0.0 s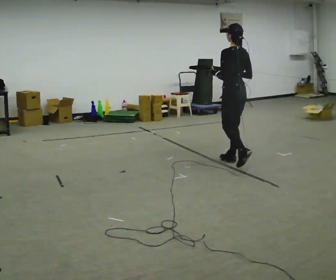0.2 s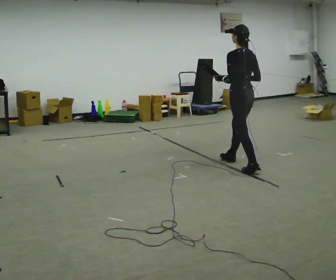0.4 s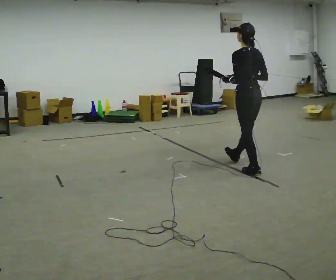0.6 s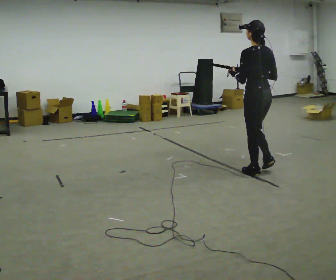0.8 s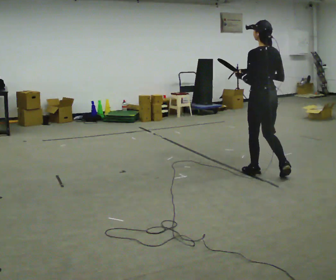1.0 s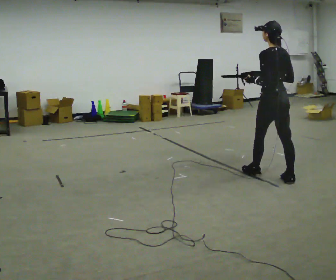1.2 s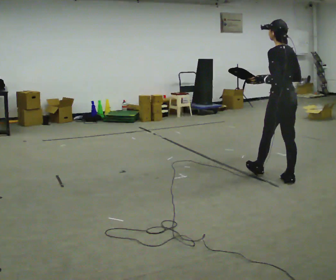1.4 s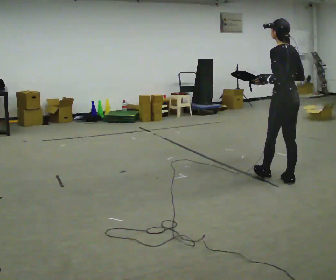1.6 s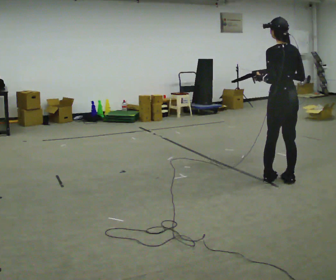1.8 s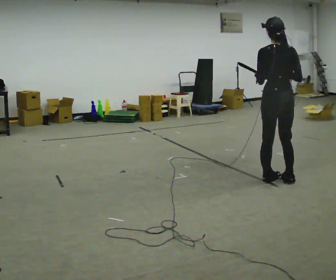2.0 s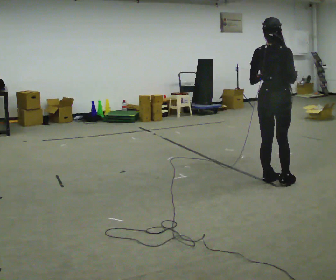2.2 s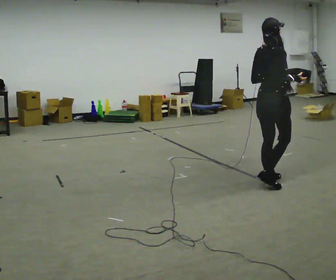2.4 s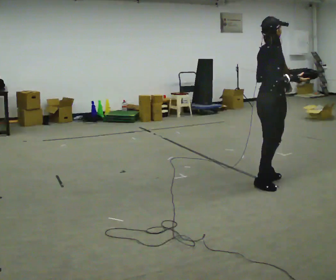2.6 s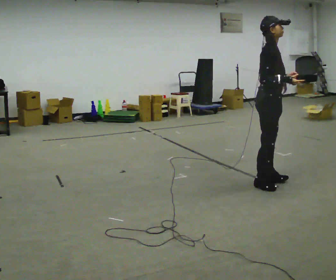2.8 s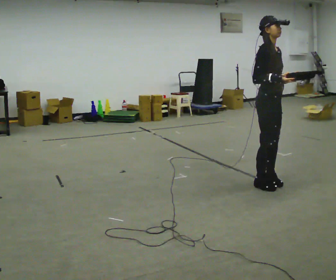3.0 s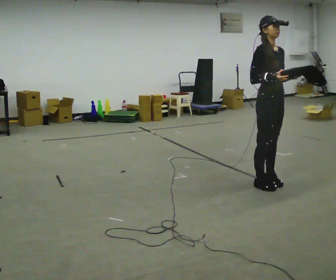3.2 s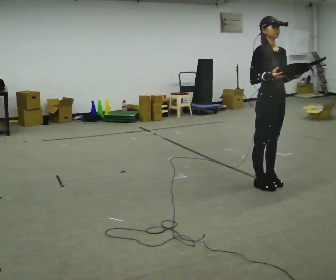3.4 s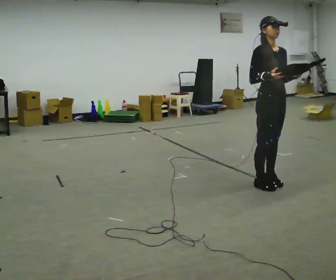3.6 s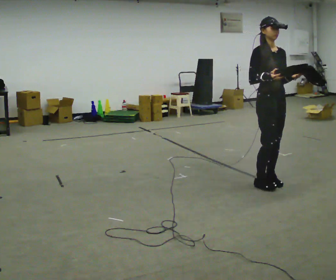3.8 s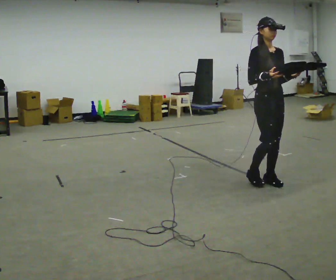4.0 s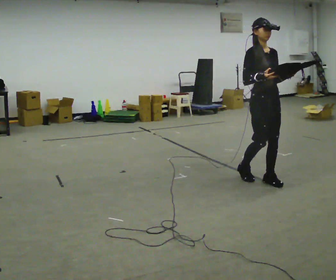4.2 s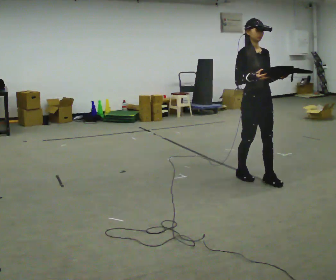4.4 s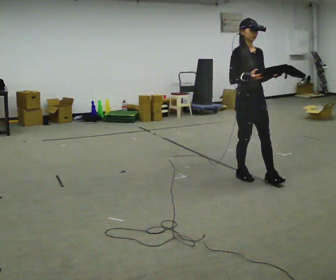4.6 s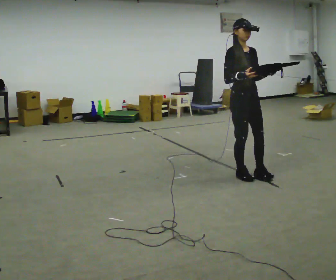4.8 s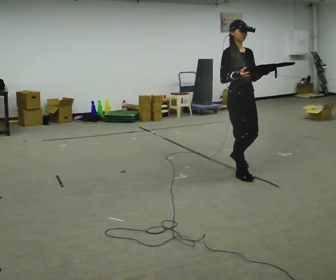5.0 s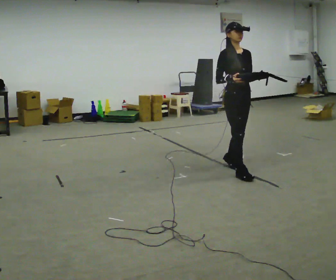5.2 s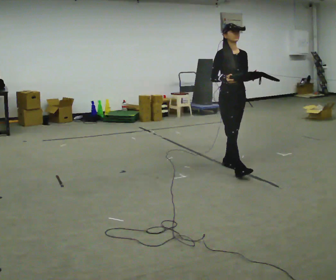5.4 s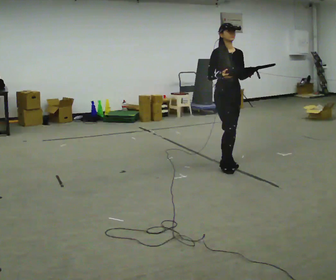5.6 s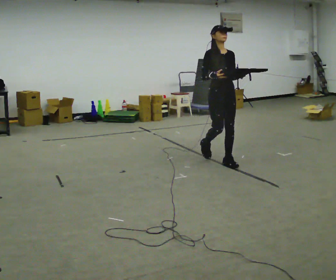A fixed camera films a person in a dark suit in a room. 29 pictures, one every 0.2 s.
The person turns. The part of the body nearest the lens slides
to the left.
The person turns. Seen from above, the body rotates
clockwise.
0.0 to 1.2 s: In the picture they go toward the camera and to the right, about 1 m in 2 steps, which for them is backward.
1.2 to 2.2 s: Seen from above the body turns clockwise, about 90 degrees: to their right, with its near side sliding to the left.
2.2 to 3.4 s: Seen from above the body turns clockwise, about 105 degrees: to their right, with its near side sliding to the left.
3.4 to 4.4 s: In the picture they go to the left and away from the camera, about 0.25 m in 1 step, which for them is backward.
4.4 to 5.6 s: In the picture they go away from the camera and to the left, about 0.75 m in 2 steps, which for them is backward.
The film runs backward here.
